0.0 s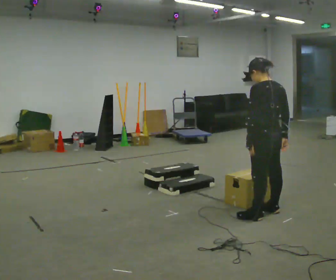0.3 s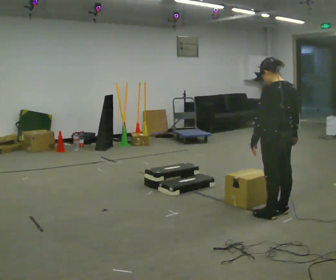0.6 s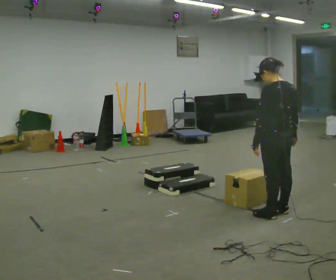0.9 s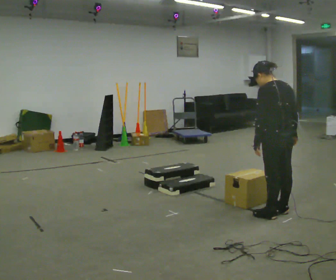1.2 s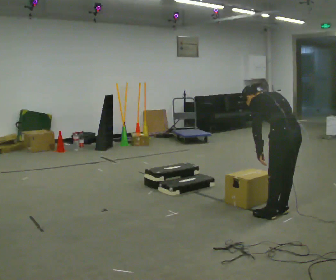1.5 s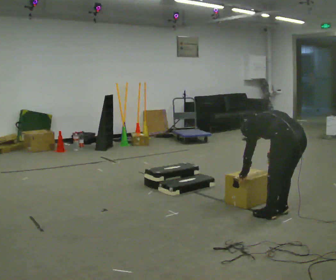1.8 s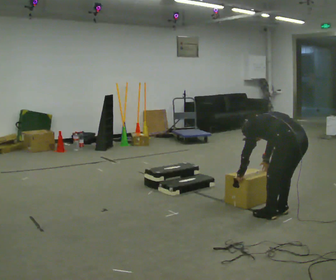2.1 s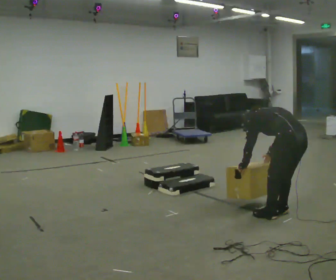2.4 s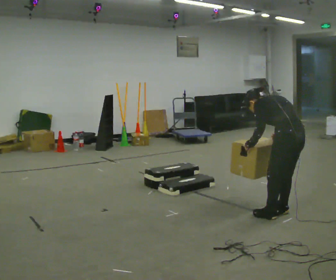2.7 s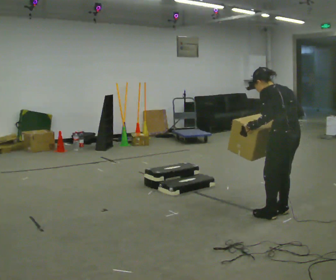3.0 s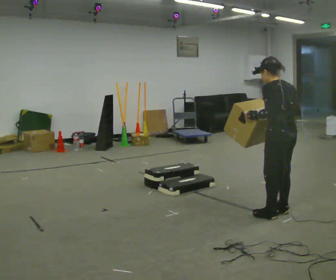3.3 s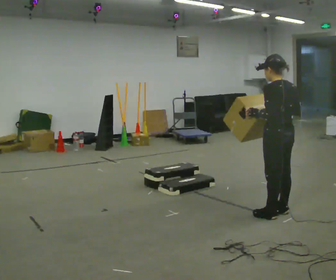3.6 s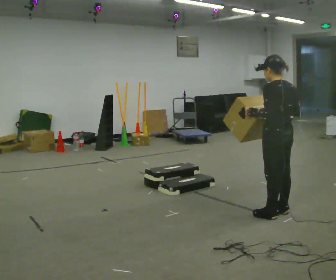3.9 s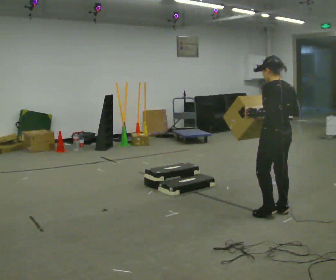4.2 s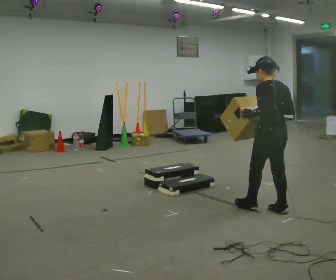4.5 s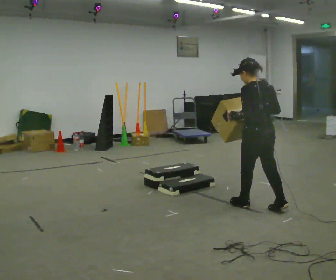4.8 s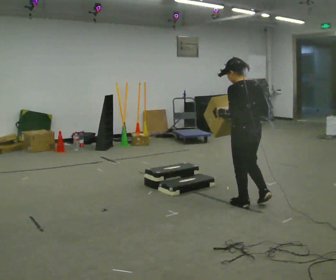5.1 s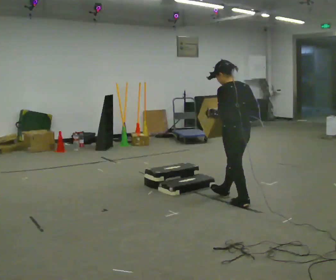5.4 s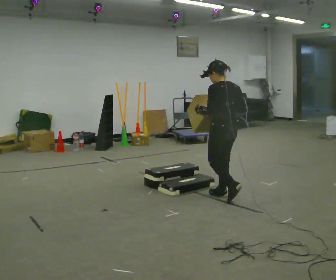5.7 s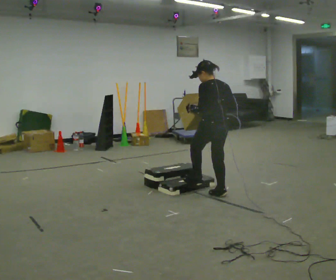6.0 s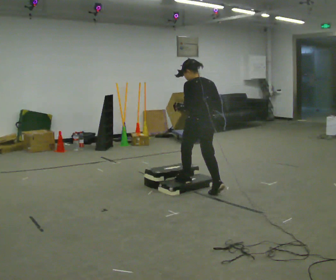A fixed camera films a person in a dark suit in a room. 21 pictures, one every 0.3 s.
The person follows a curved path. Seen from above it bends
counterclockwise.
0.0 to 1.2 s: In the picture they go to the right, about 0.25 m, which for them is backward. The upper body tips away from the camera, its near side rolling upward, as they bend forward.
1.2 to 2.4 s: The person moves a little, or ends about where they began.
2.4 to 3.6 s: The upper body tips toward the camera, its near side rolling downward, as they lean back or straighten.
3.6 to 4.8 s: In the picture they go to the left and away from the camera, about 0.25 m in 1 step, which for them is forward.
4.8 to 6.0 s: In the picture they go to the left and away from the camera, about 0.75 m in 2 steps, which for them is forward.
The film runs forward here.
